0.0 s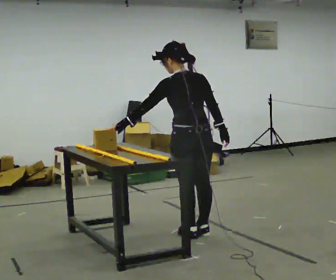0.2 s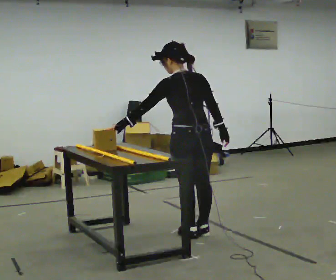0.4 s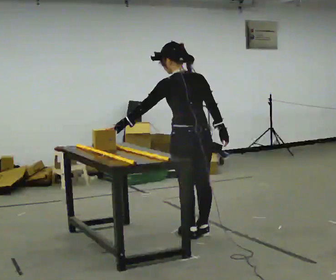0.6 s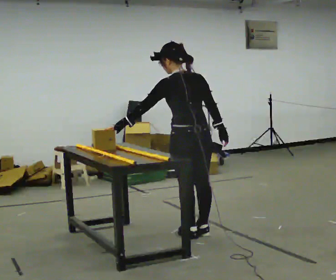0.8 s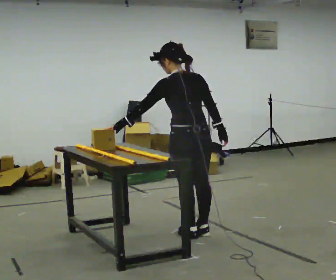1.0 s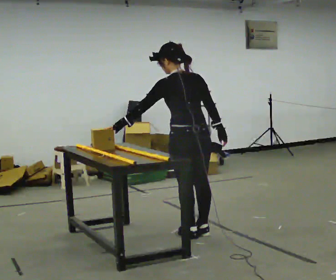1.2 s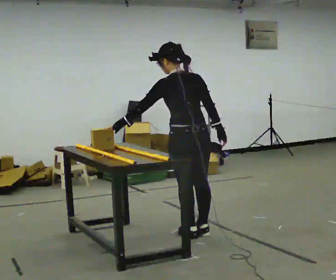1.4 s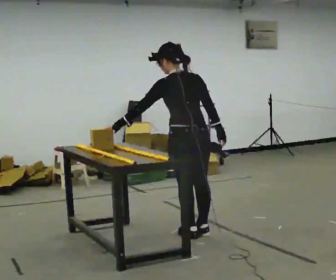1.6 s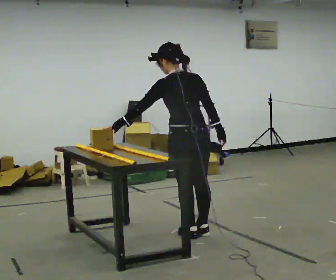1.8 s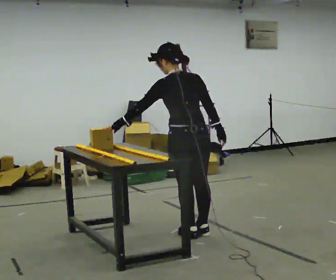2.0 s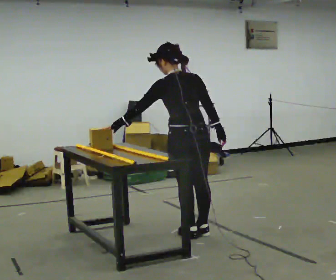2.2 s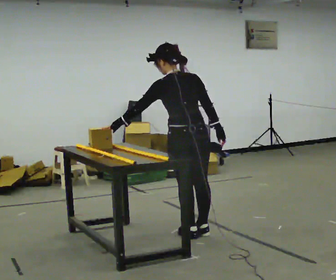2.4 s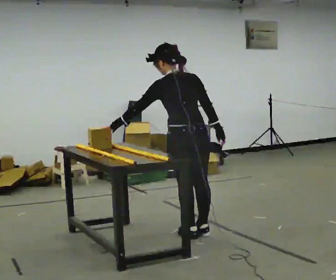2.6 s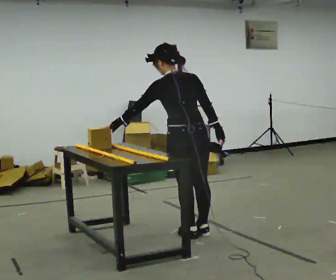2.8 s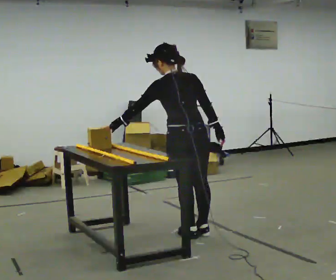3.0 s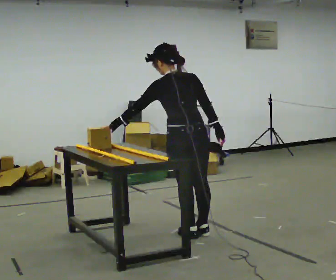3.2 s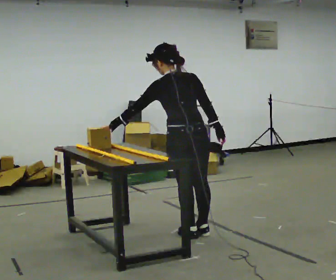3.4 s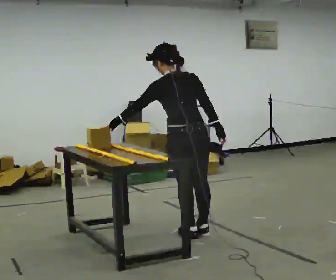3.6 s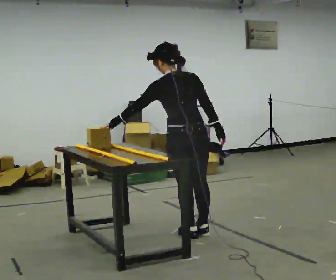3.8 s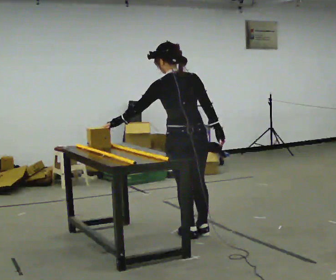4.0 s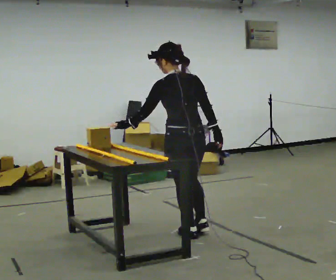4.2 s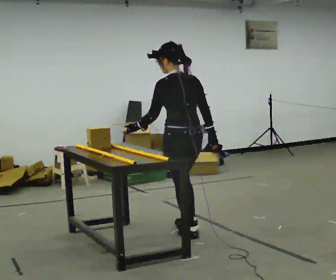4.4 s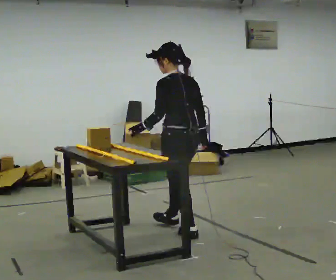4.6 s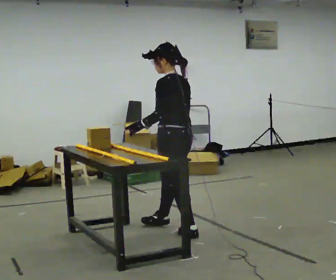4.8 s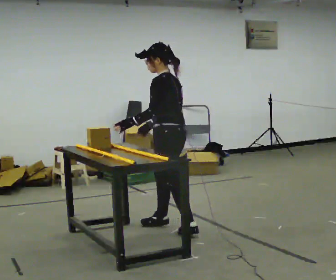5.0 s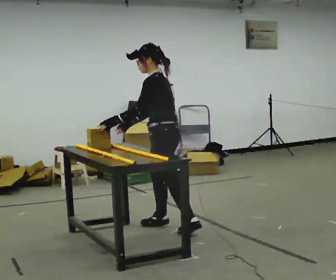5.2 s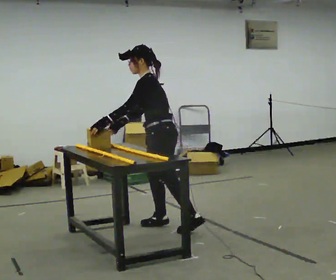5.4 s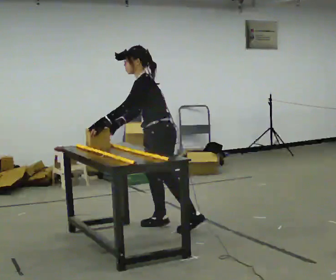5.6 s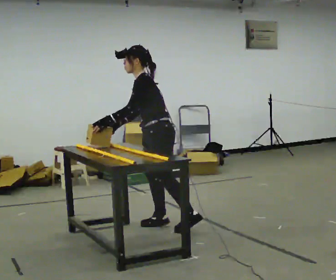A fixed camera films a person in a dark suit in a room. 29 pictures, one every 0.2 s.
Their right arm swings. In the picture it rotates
clockwise.
The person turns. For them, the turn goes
to their left.
0.0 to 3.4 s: The person moves a little, or ends about where they began.
3.4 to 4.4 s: The part of the body nearest the lens slides to the right as the person turns to their left by about 30 degrees.
4.4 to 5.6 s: The person turns about 60 degrees to their left, counterclockwise seen from above, so the part of the body nearest the lens slides to the right. In the picture they go away from the camera and to the left, about 0.25 m in 2 steps, which for them is forward and to their right. In the picture the upper body tilts counterclockwise, shoulders to the left, as they bend forward.
The film runs forward here.
